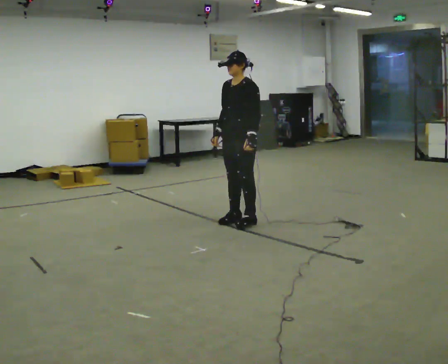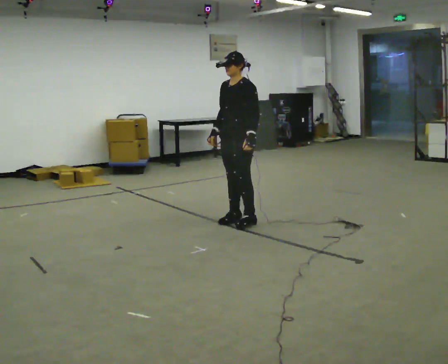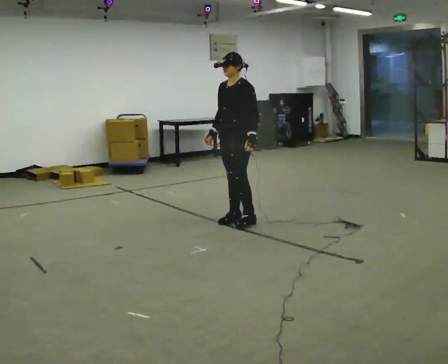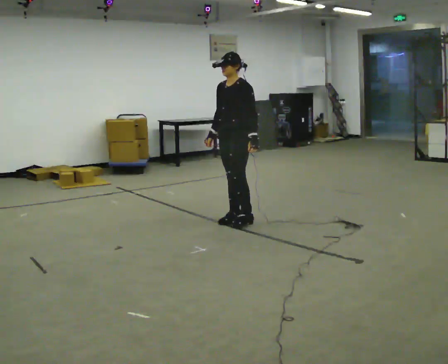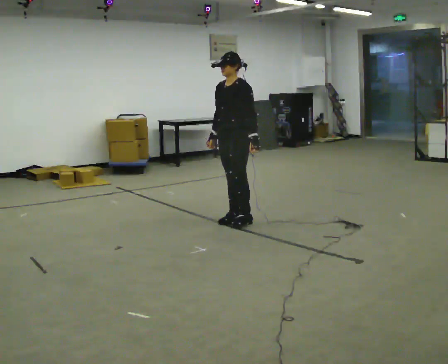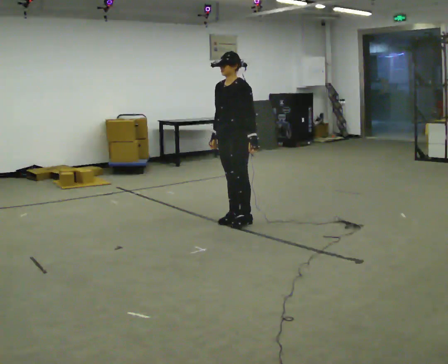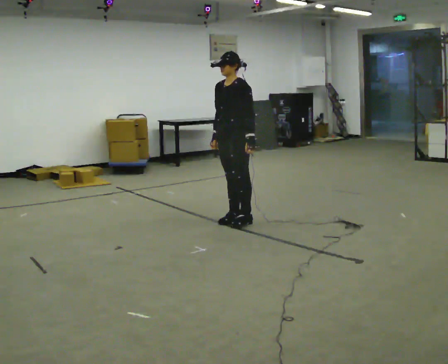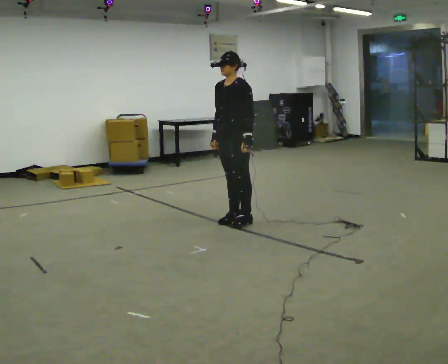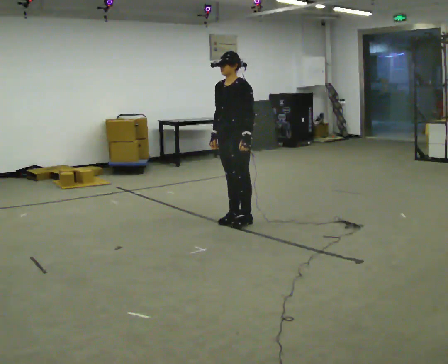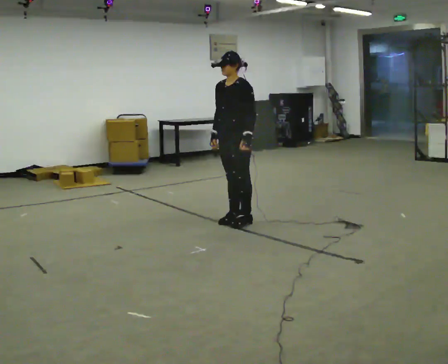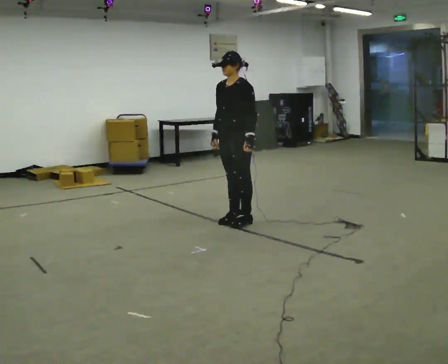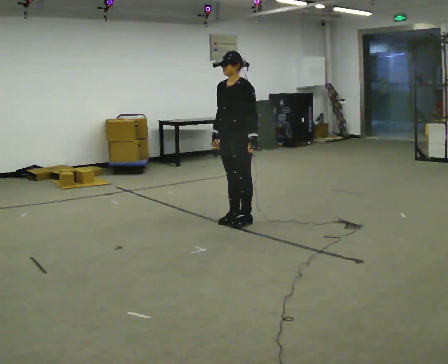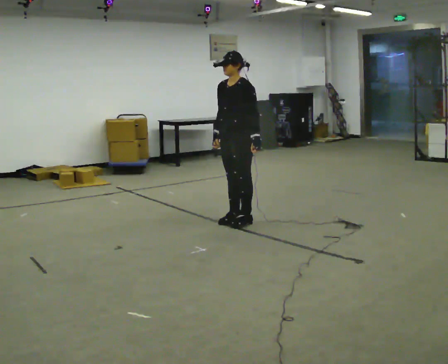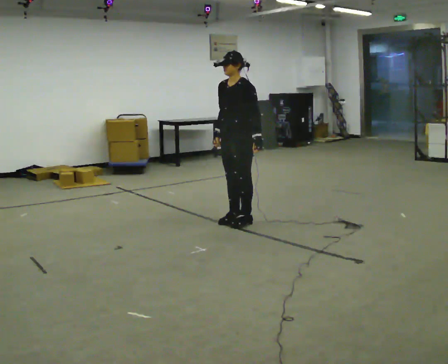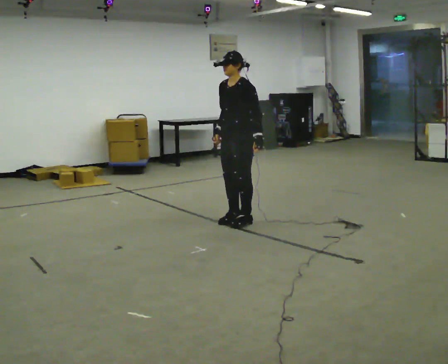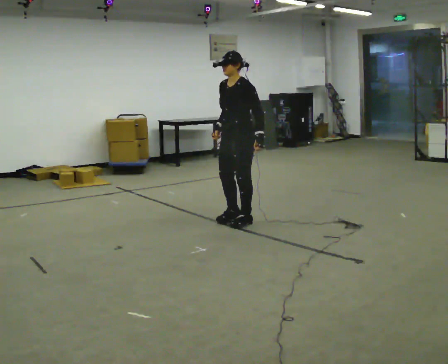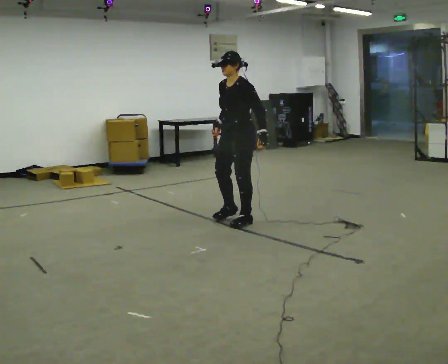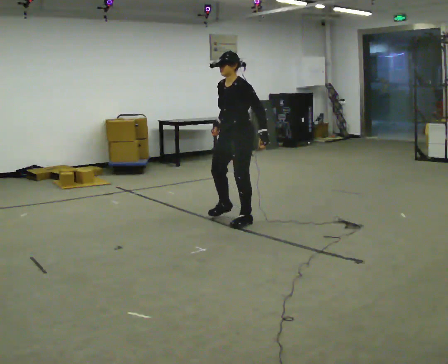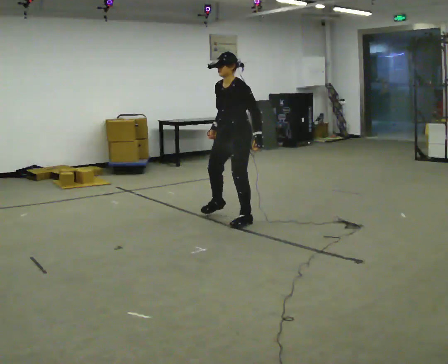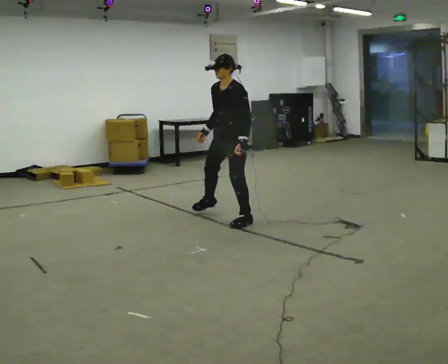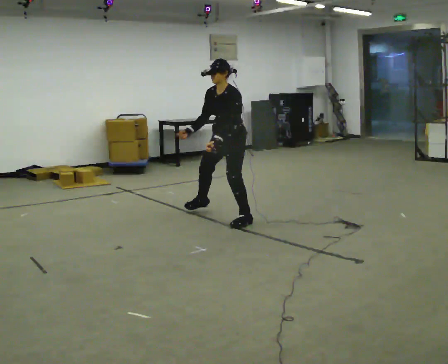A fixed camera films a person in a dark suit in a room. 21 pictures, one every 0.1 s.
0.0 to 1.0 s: The person moves a little, or ends about where they began.
1.0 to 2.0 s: In the picture they go away from the camera, about 0.25 m, which for them is to their right. The upper body tips toward the camera, its near side rolling downward, as they bend forward. In the picture their right hand goes to the left.
The film runs forward here.
